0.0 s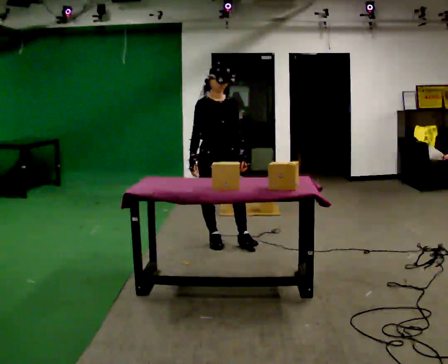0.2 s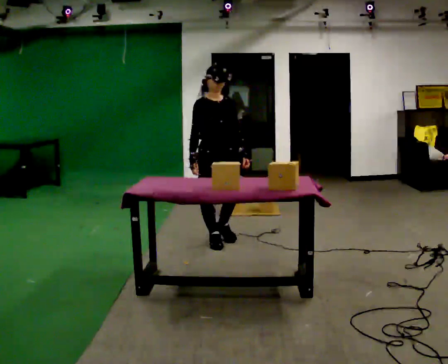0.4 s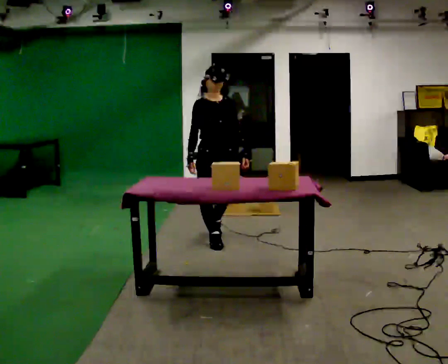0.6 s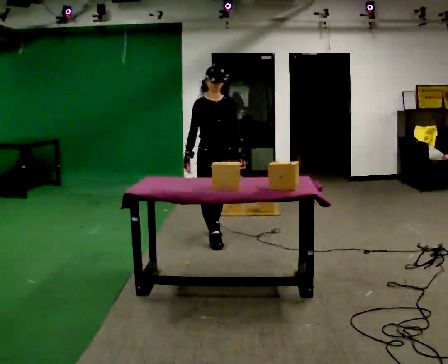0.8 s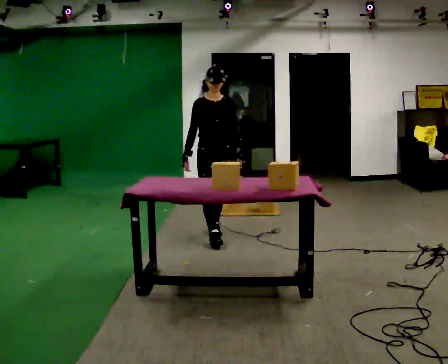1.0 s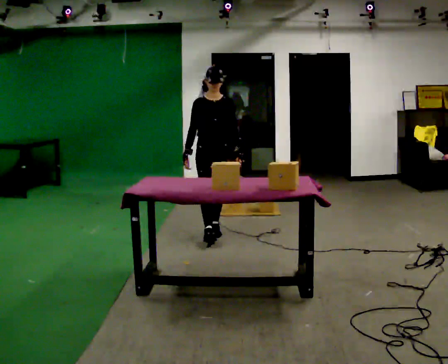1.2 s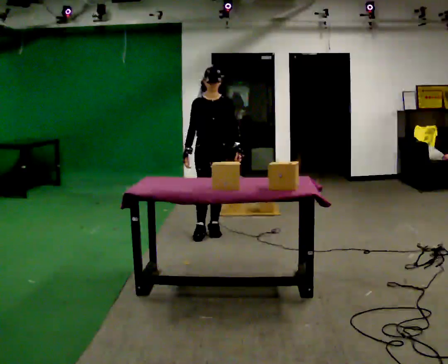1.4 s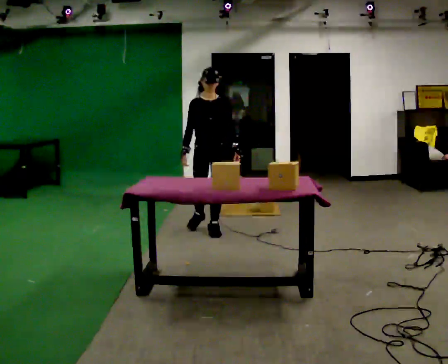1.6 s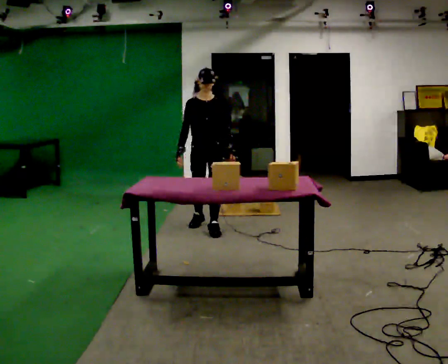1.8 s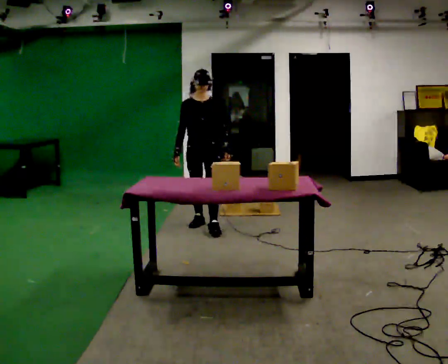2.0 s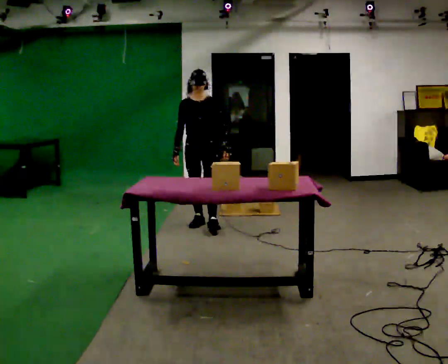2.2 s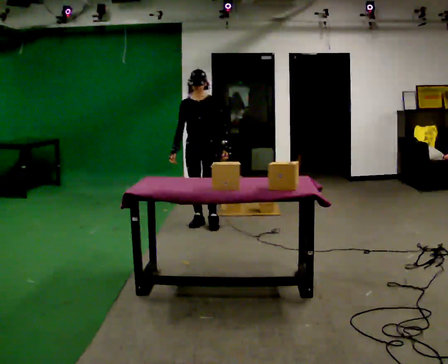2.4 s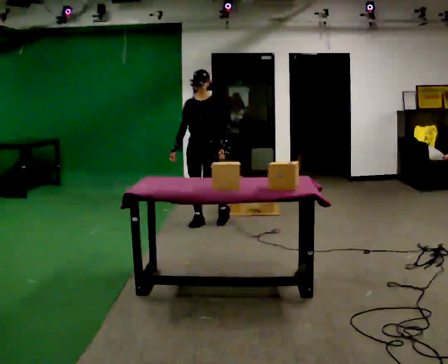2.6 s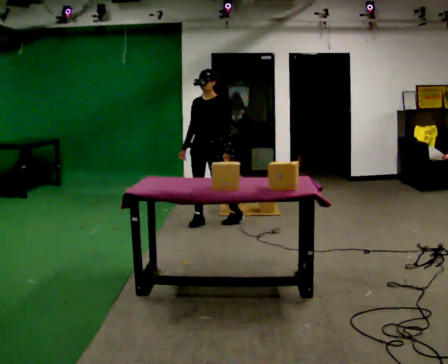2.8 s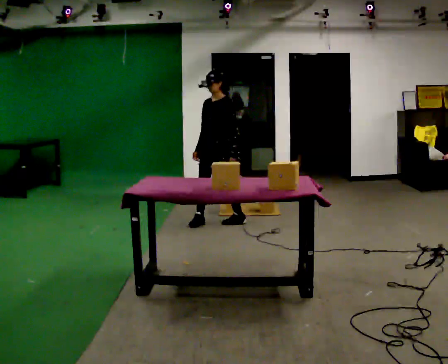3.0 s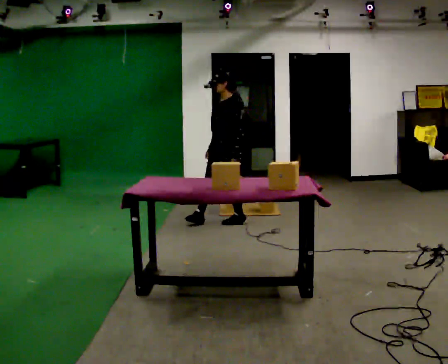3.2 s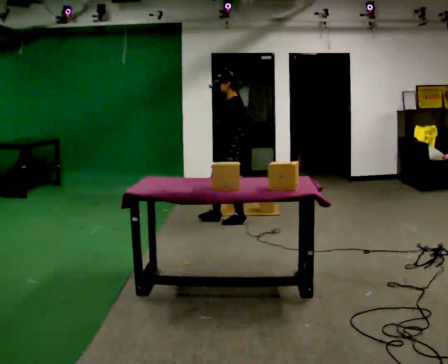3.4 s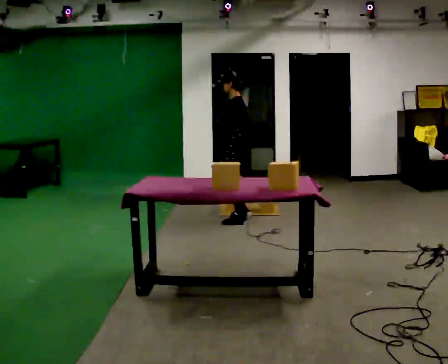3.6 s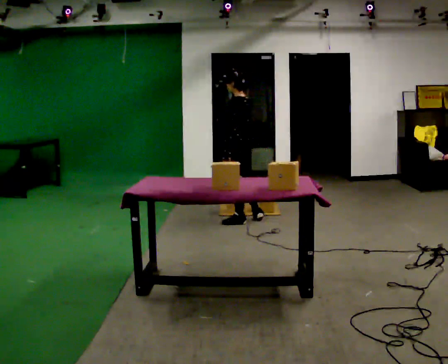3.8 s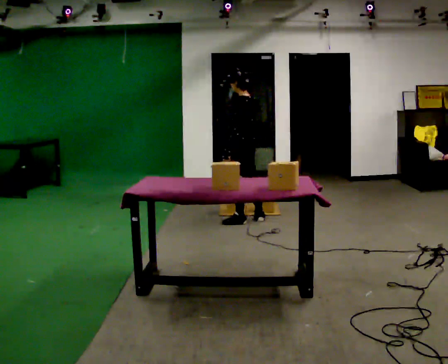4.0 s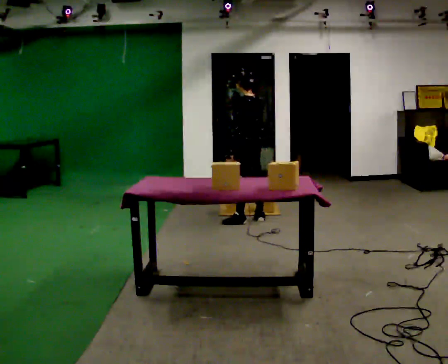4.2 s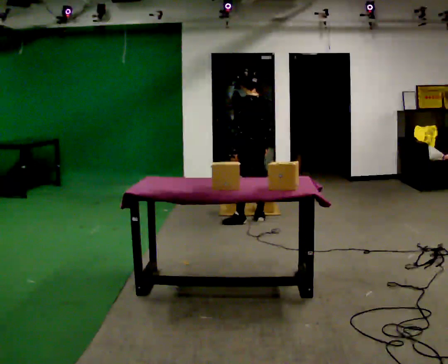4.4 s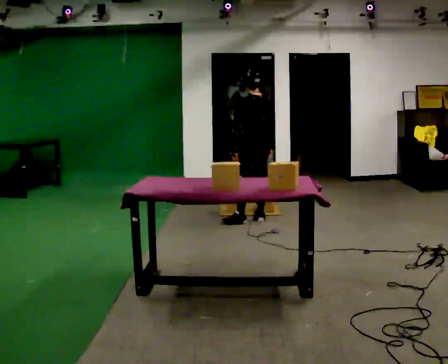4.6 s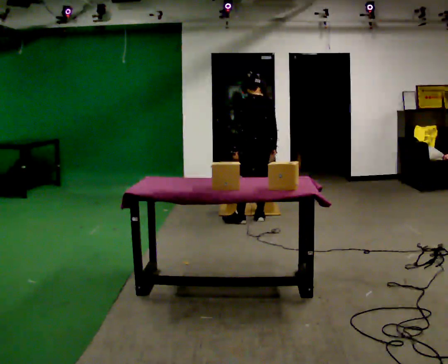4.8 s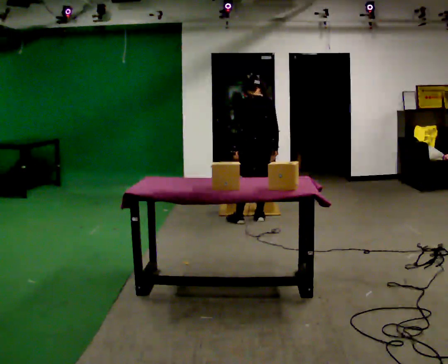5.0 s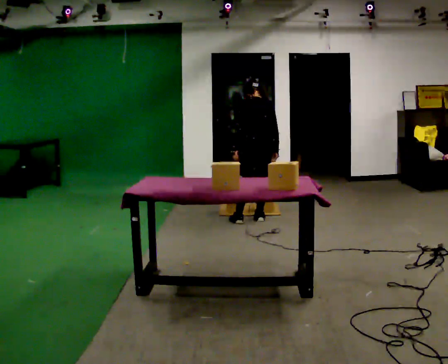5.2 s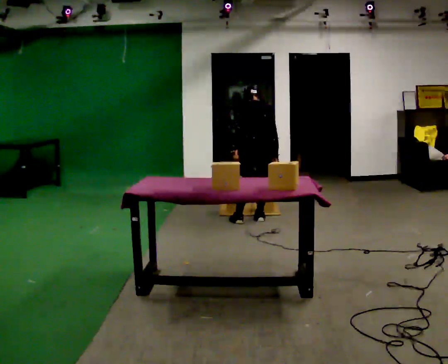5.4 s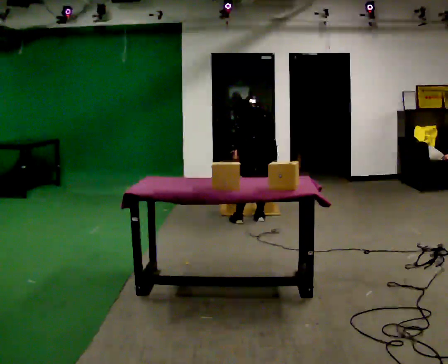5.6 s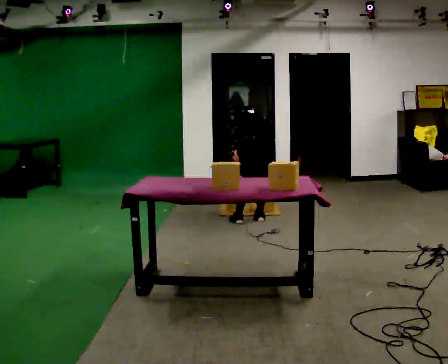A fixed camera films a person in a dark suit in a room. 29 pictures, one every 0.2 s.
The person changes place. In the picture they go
away from the camera.
The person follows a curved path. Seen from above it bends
clockwise.
0.0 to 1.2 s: In the picture they go away from the camera, about 0.5 m in 1 step, which for them is backward.
1.2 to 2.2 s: In the picture they go away from the camera, about 0.25 m in 1 step, which for them is backward and to their right.
2.2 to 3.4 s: The part of the body nearest the lens slides to the left as the person turns to their right by about 90 degrees. In the picture they go to the right, about 0.25 m in 1 step.
3.4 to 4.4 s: The person turns about 45 degrees to their right, clockwise seen from above, so the part of the body nearest the lens slides to the left. In the picture they go to the right, about 0.25 m, which for them is to their right.
4.4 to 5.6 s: The upper body goes downward. The upper body tips away from the camera, its near side rolling upward, as they bend forward.
The film runs backward here.
